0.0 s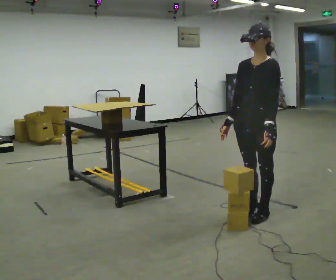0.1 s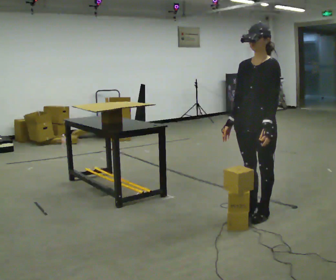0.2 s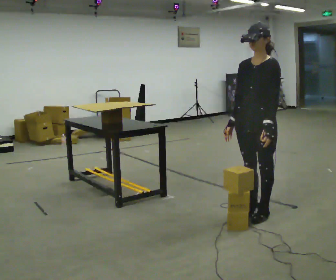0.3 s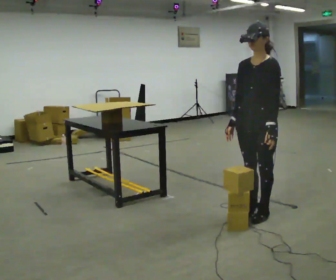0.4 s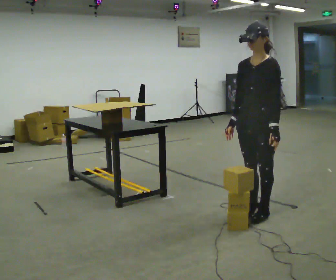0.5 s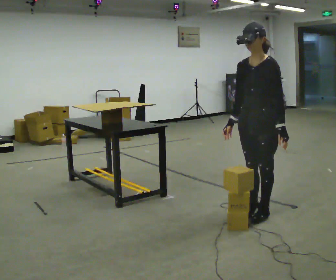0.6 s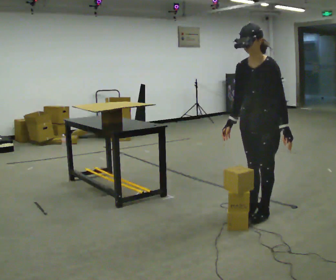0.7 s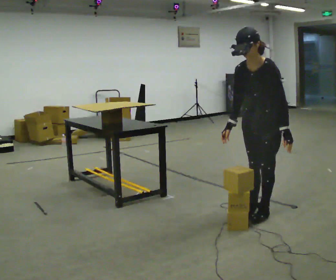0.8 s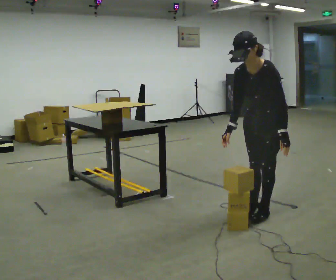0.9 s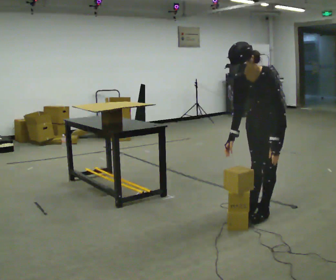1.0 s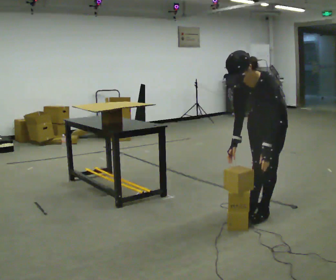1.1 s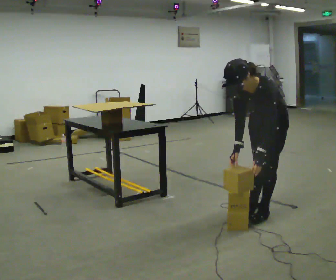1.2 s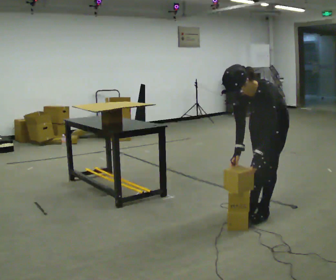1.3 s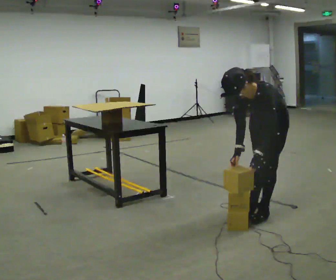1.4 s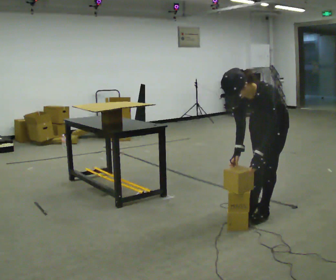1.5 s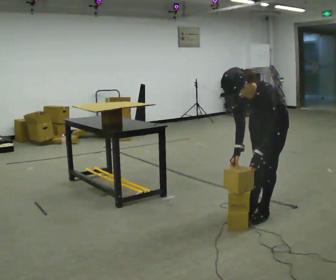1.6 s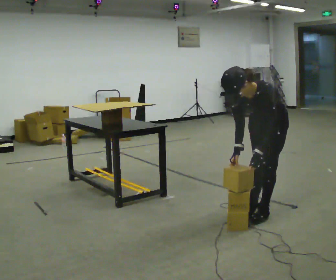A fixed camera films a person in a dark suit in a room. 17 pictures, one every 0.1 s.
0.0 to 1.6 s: The upper body goes downward. The upper body tips toward the camera, its near side rolling downward, as they bend forward.
The film runs backward here.
